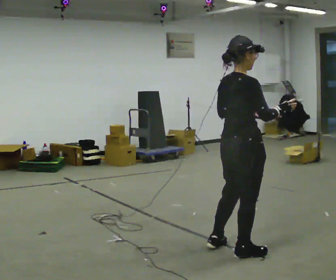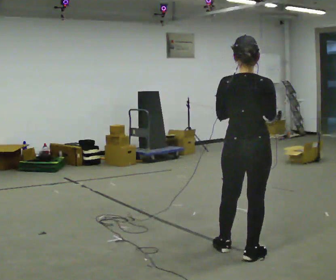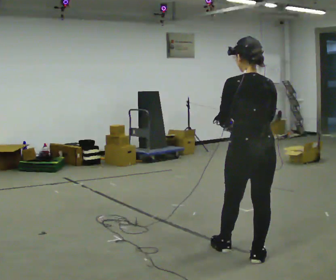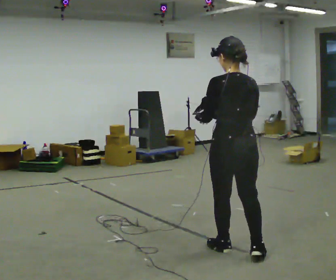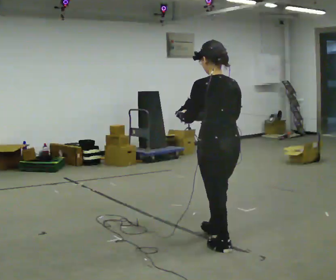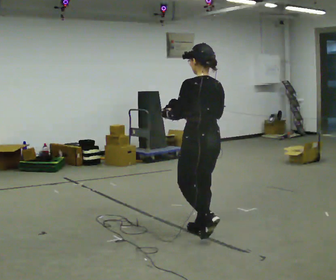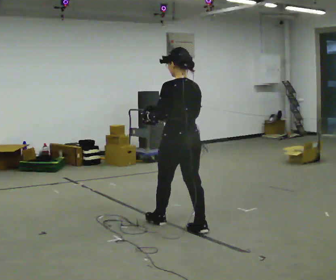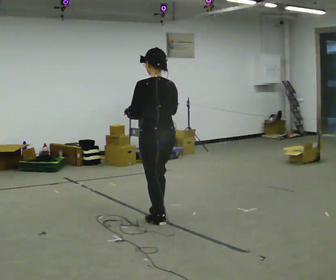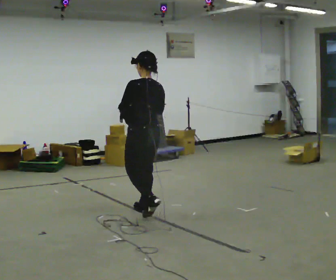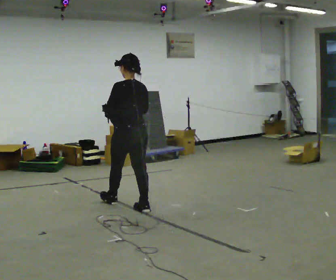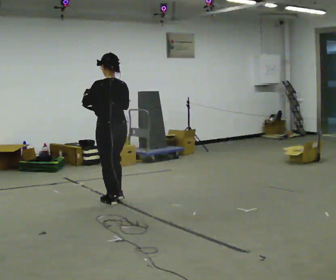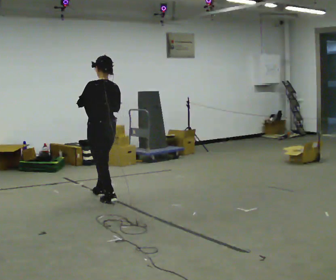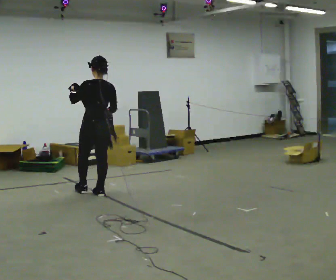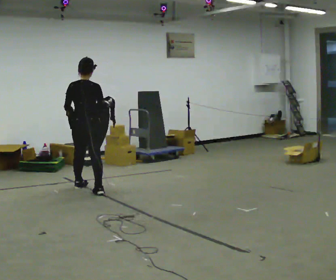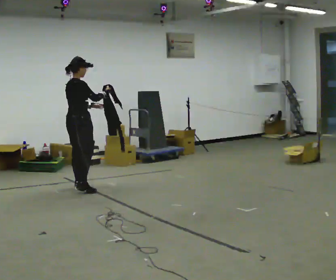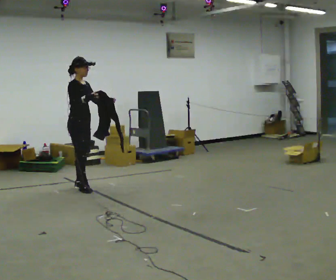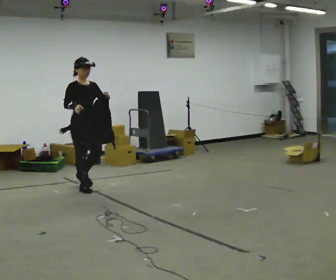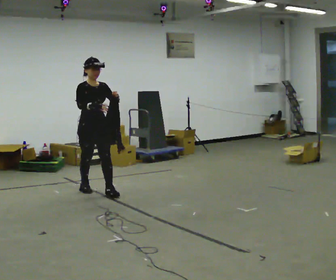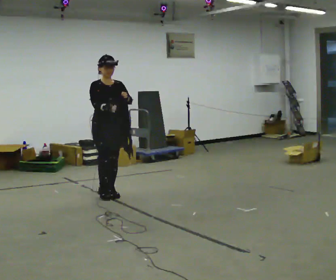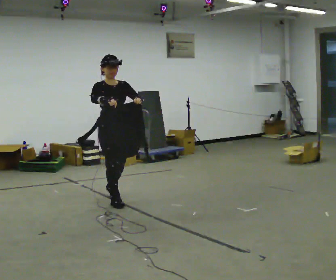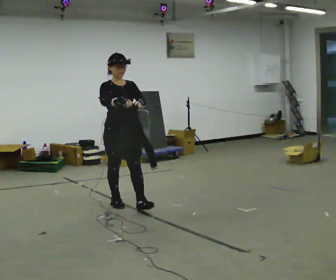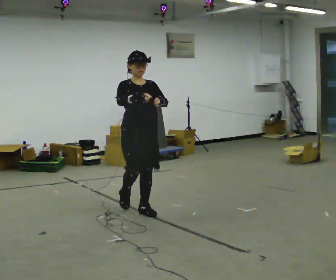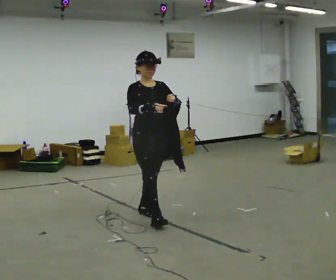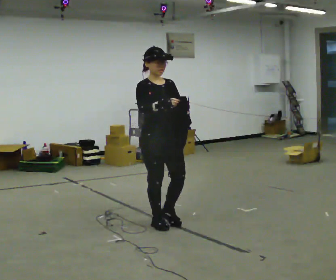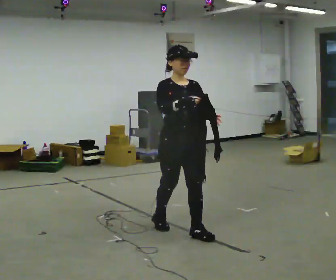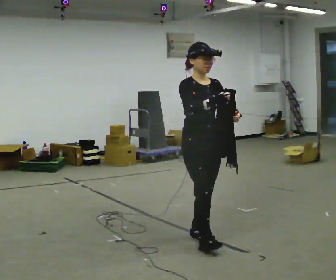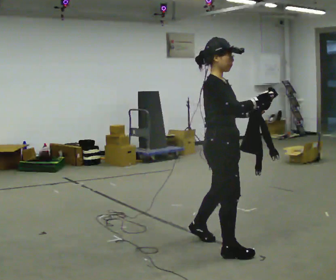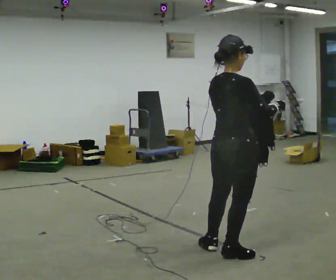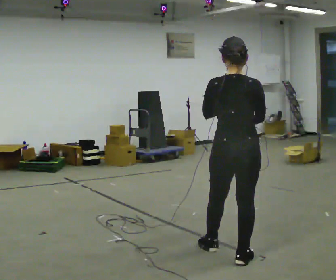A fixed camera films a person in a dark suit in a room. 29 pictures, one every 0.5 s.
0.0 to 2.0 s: The person turns about 90 degrees to their left, counterclockwise seen from above, so the part of the body nearest the lens slides to the right. In the picture they go away from the camera, about 0.25 m in 2 steps. In the picture their right hand goes to the left.
2.0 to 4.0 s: In the picture they go away from the camera and to the left, about 1 m in 3 steps, which for them is forward.
4.0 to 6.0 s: In the picture they go away from the camera and to the left, about 1 m in 2 steps, which for them is forward.
6.0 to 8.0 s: Seen from above the body turns clockwise, about 165 degrees: to their right, with its near side sliding to the left. In the picture they go away from the camera and to the left, about 0.25 m in 2 steps.
8.0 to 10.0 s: In the picture they go toward the camera and to the right, about 1 m in 2 steps, which for them is forward.
10.0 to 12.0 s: In the picture they go toward the camera and to the right, about 1 m in 3 steps, which for them is forward.
12.0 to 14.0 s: The person turns about 150 degrees to their left, counterclockwise seen from above, so the part of the body nearest the lens slides to the right. In the picture they go toward the camera and to the right, about 0.5 m in 3 steps.
The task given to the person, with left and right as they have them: Carry the cloth and, while walking, fold it in half, then unfold it. Keep repeating as you walk. Do not stop.
The film runs forward here.
